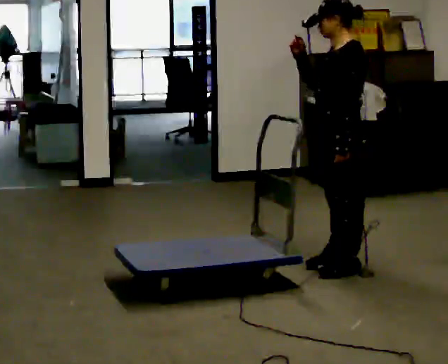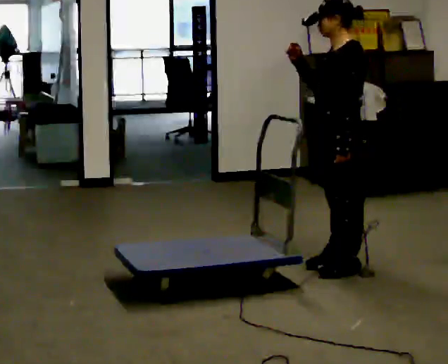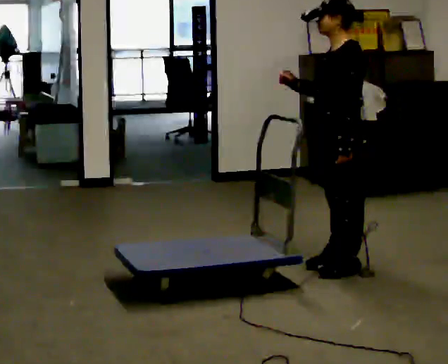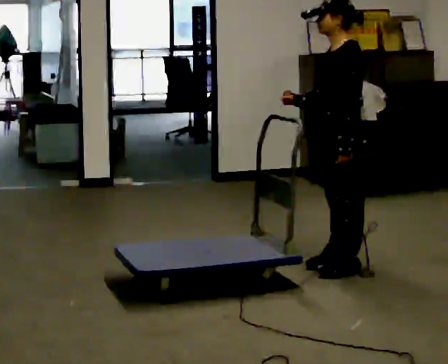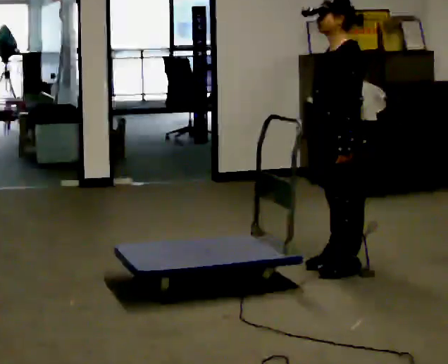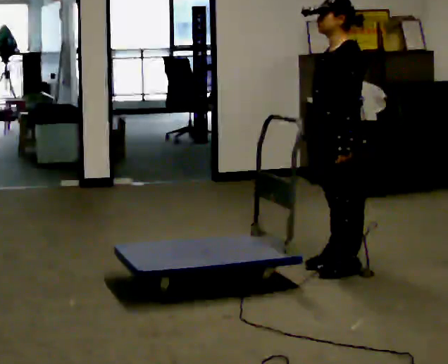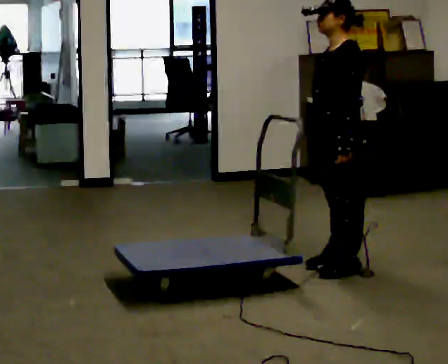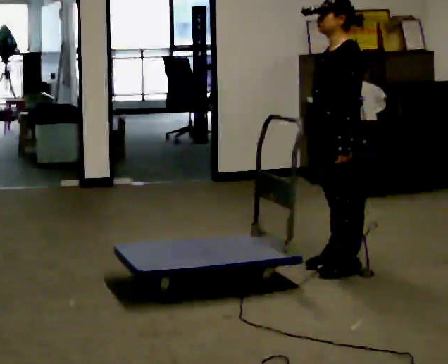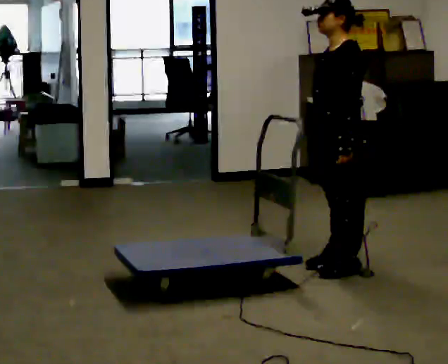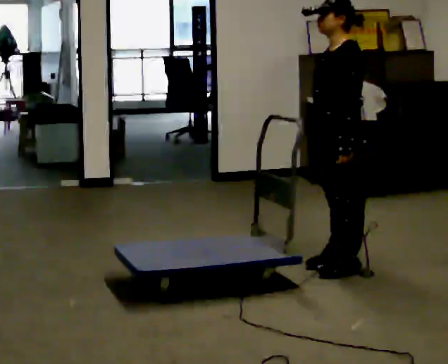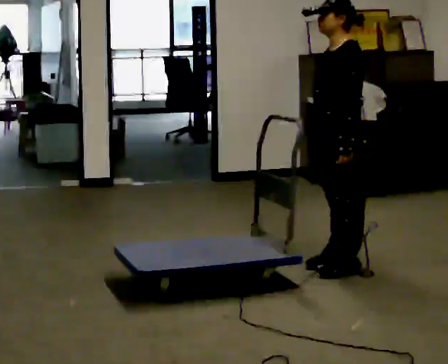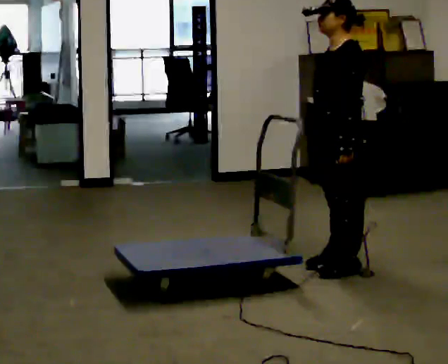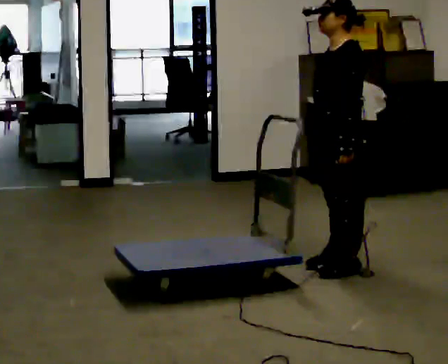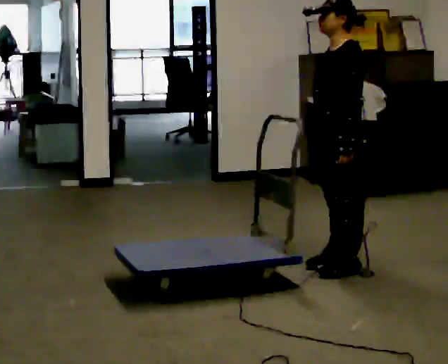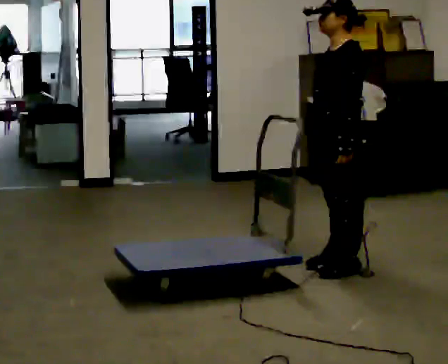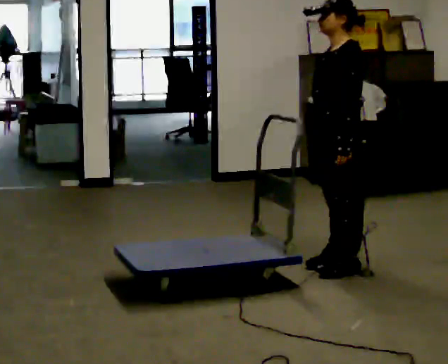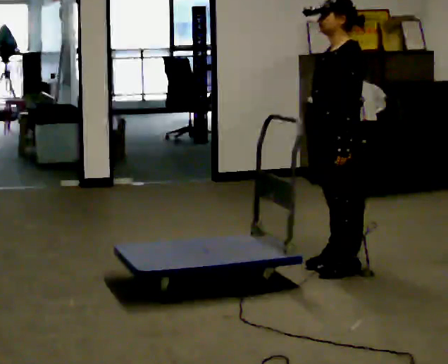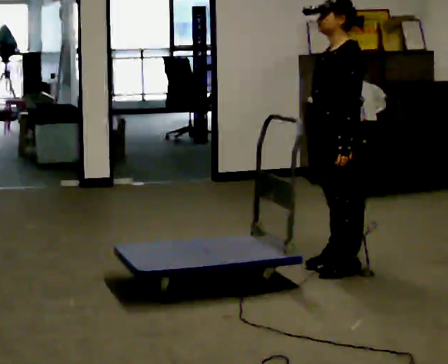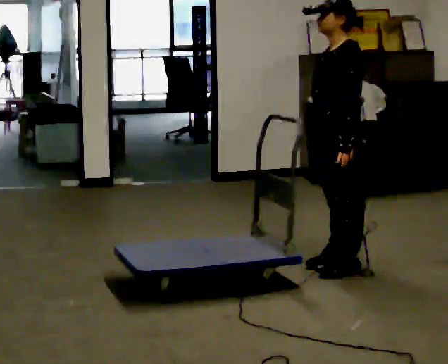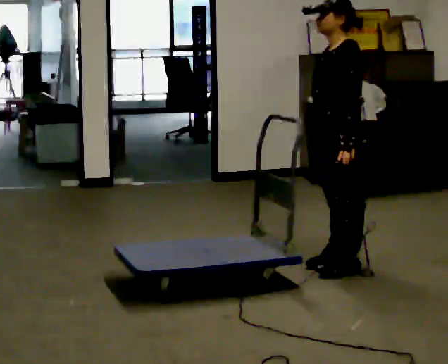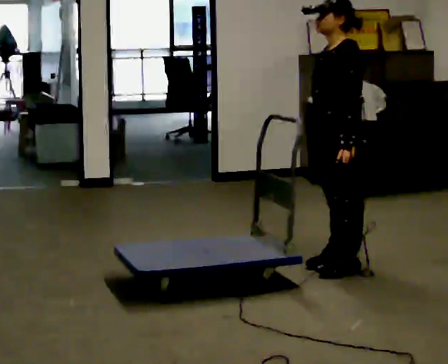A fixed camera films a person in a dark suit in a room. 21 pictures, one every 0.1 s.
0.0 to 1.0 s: In the picture their right hand goes downward.
1.0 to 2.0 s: The person keeps their place and pose.
The film runs backward here.
